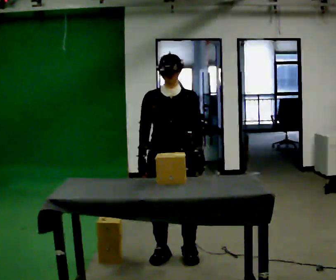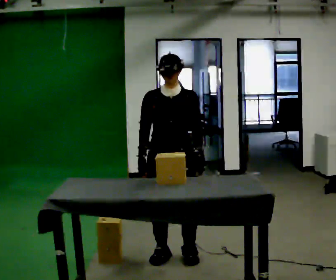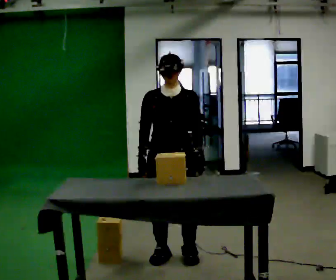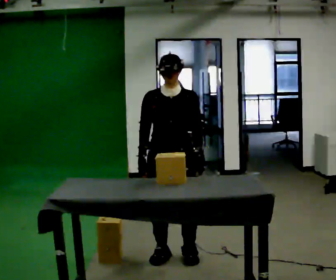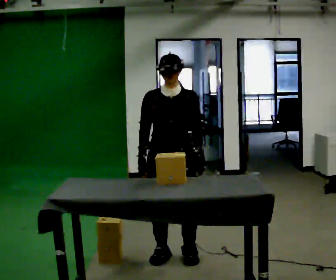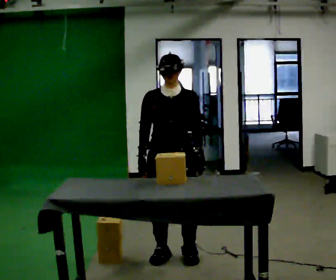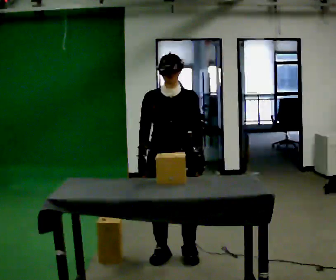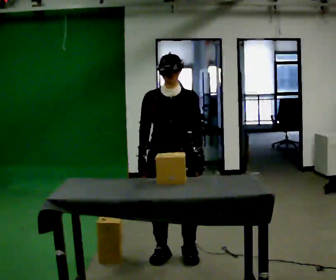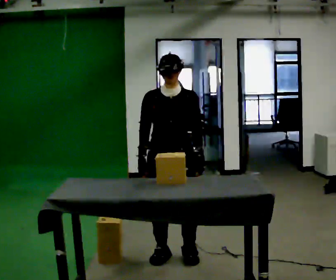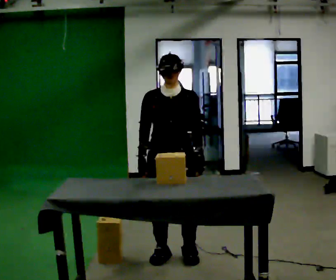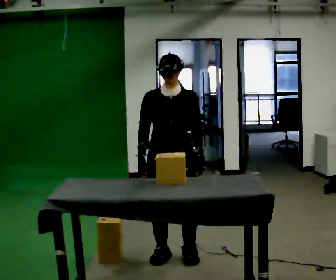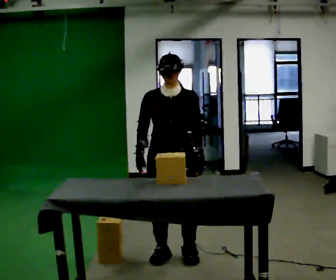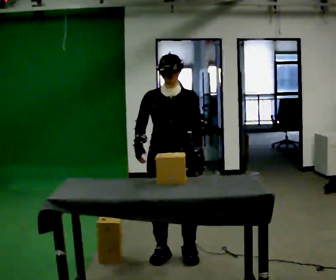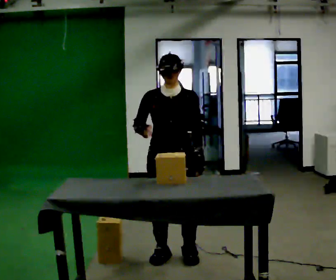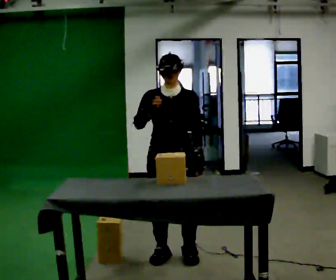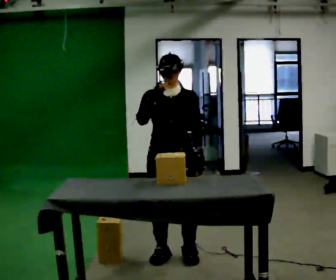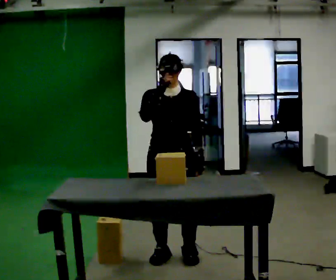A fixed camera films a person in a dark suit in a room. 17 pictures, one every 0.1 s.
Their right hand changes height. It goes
upward.
0.0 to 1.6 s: In the picture their right hand goes upward.
The film runs forward here.
